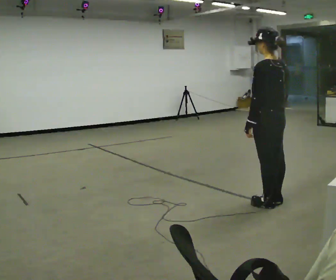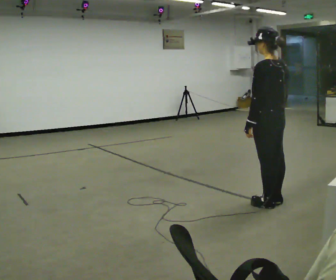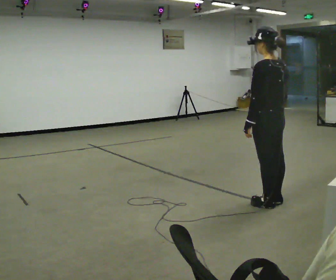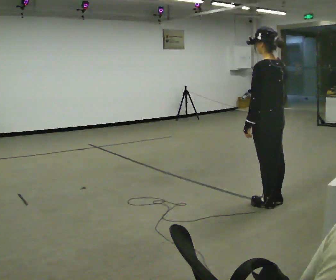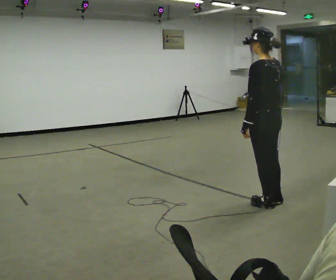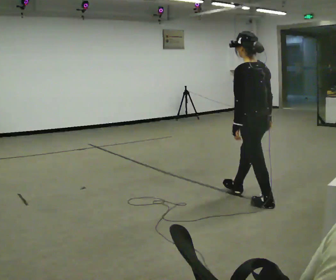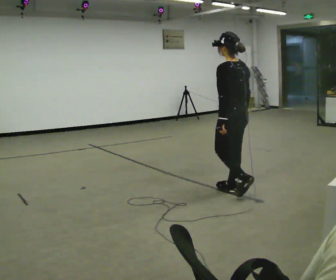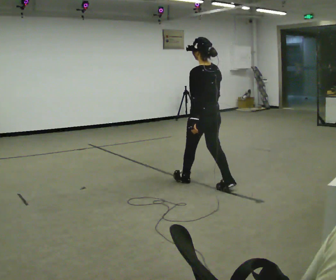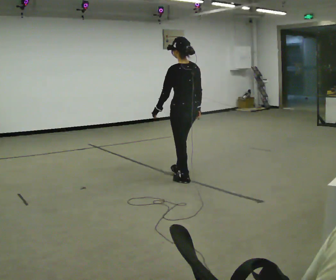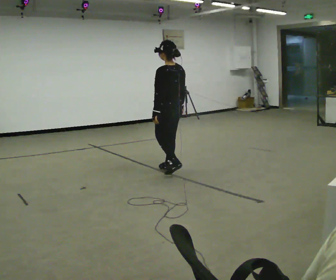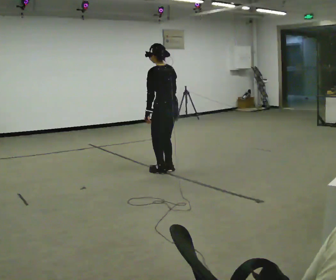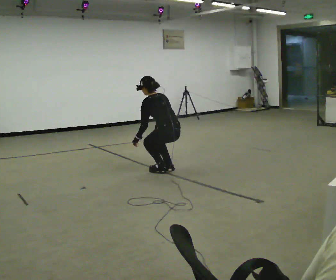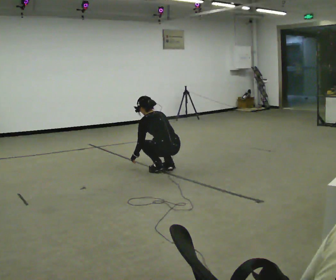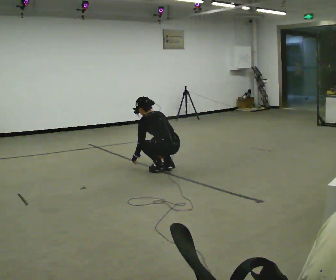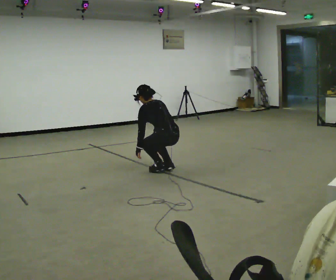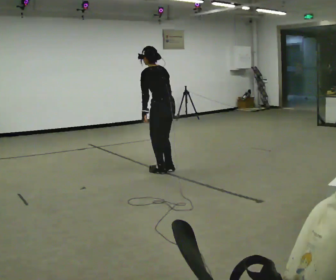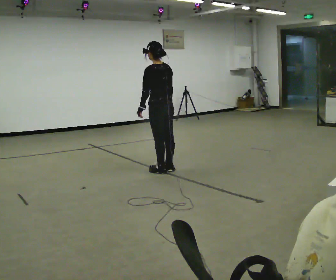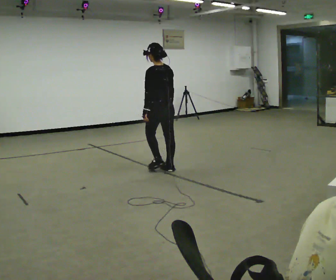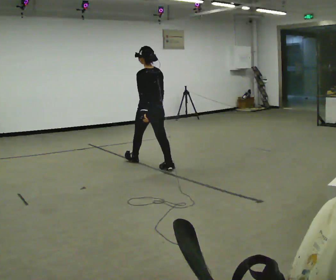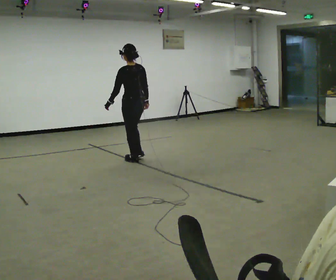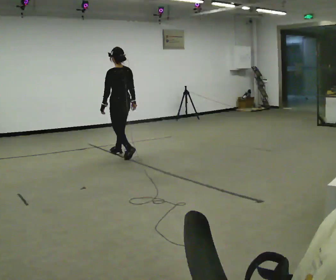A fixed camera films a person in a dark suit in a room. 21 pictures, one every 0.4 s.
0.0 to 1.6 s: The person moves a little, or ends about where they began.
1.6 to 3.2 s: In the picture they go away from the camera and to the left, about 1 m in 2 steps, which for them is forward.
3.2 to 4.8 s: In the picture they go away from the camera and to the left, about 0.25 m in 2 steps, which for them is forward. The upper body goes downward. The upper body tips away from the camera, its near side rolling upward, as they bend forward. In the picture their right hand goes downward.
4.8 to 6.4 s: In the picture they go away from the camera, about 0.25 m, which for them is forward. The upper body goes upward. The upper body tips toward the camera, its near side rolling downward, as they lean back or straighten. In the picture their right hand goes upward.
6.4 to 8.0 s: In the picture they go away from the camera and to the left, about 1 m in 2 steps, which for them is forward.
The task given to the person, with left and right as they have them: Walk; crouch comfortably at marker; remain briefly; stand and continue.
The film runs forward here.
